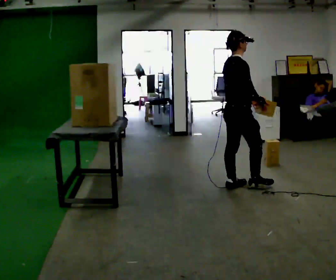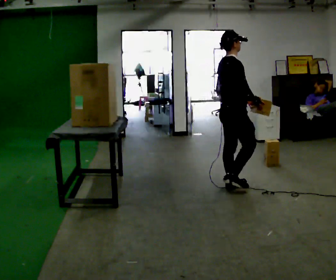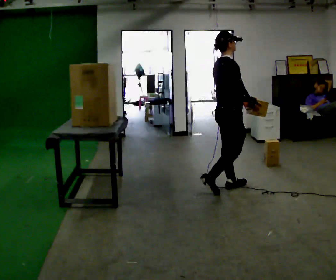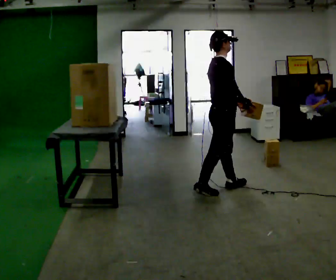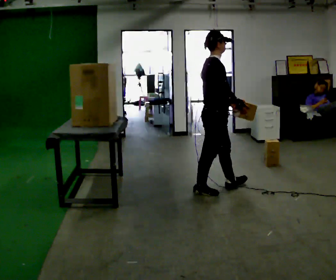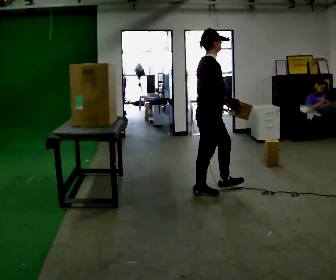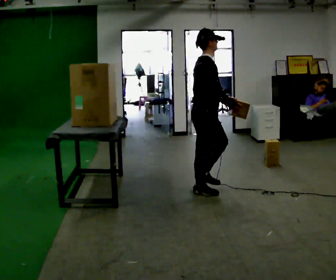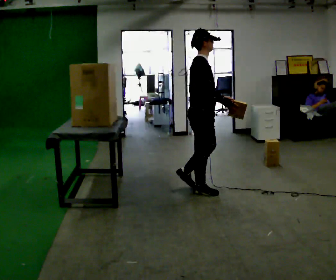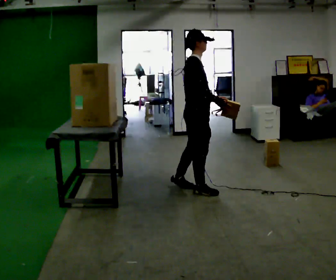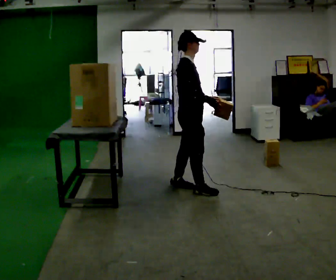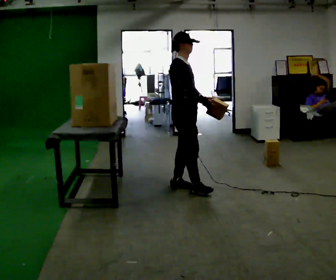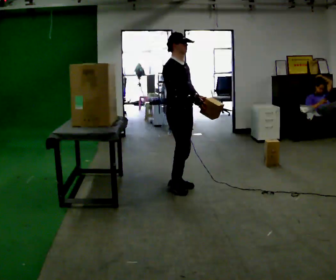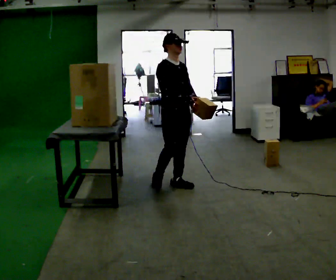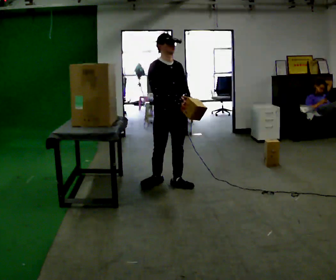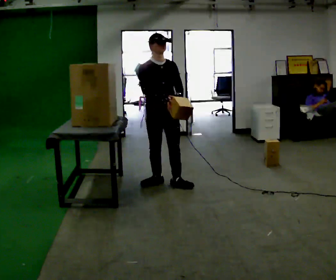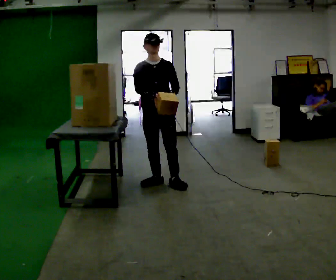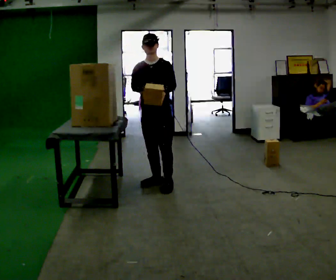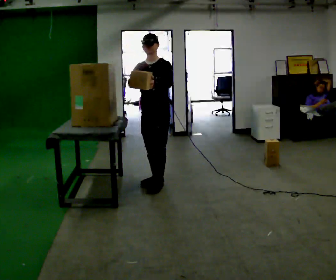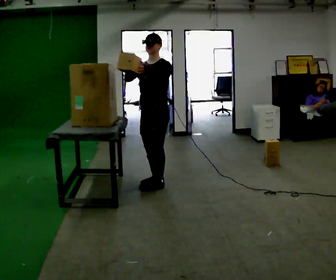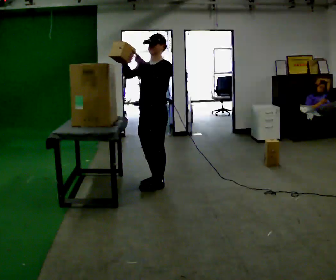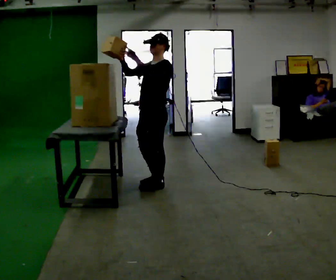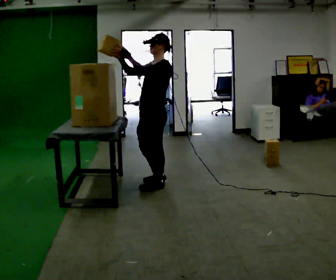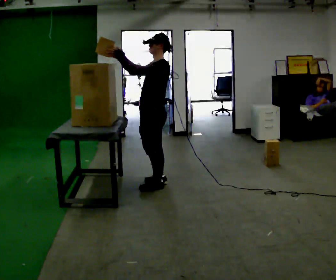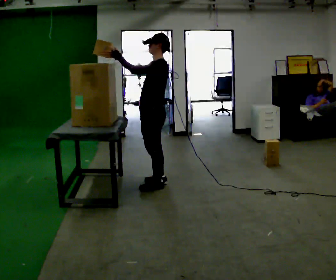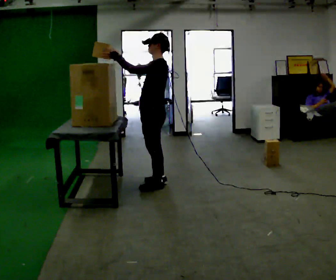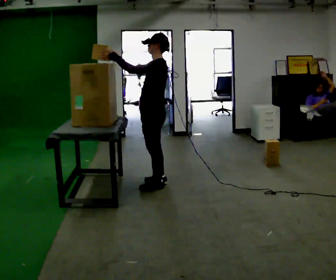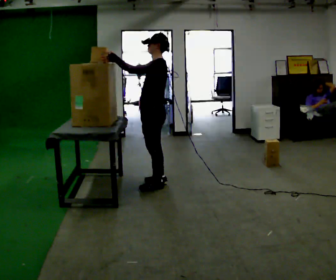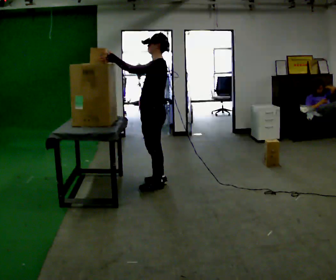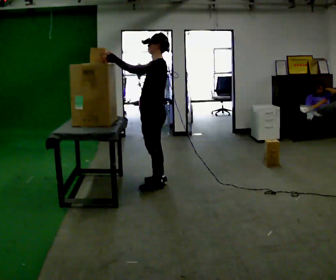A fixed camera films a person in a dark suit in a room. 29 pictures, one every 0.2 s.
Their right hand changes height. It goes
upward.
The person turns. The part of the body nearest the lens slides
to the left.
0.0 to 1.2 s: In the picture they go to the left, about 0.5 m in 1 step, which for them is backward.
1.2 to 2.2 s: The part of the body nearest the lens slides to the left as the person turns to their right by about 30 degrees. In the picture they go away from the camera and to the left, about 0.25 m in 1 step, which for them is to their left and backward.
2.2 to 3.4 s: Seen from above the body turns clockwise, about 90 degrees: to their right, with its near side sliding to the left. In the picture they go to the left and away from the camera, about 0.25 m in 1 step.
3.4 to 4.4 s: The part of the body nearest the lens slides to the left as the person turns to their right by about 45 degrees. In the picture they go toward the camera, about 0.25 m.
4.4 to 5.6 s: The person moves a little, or ends about where they began.
The film runs backward here.
